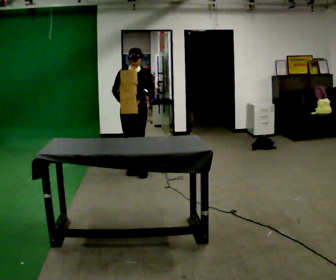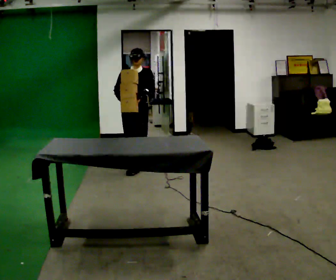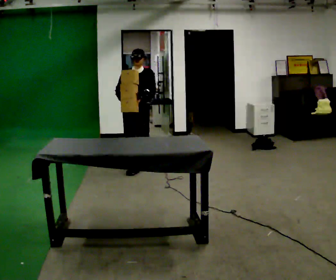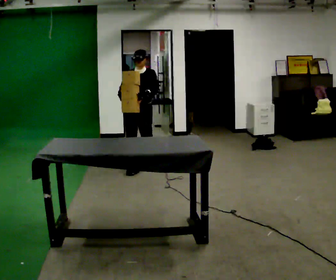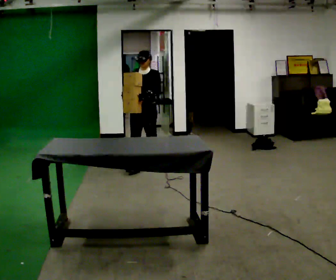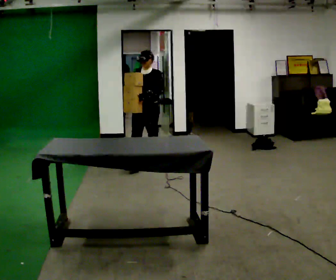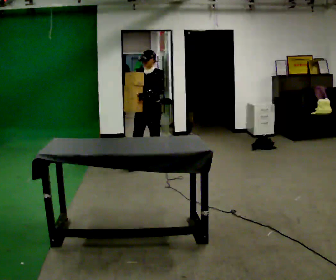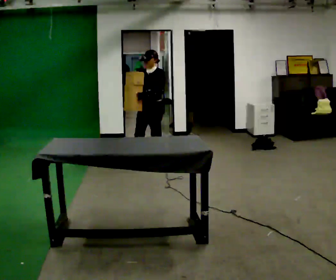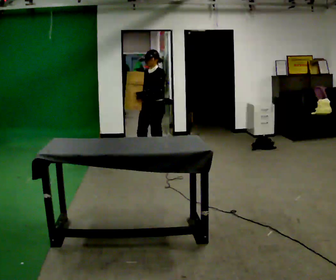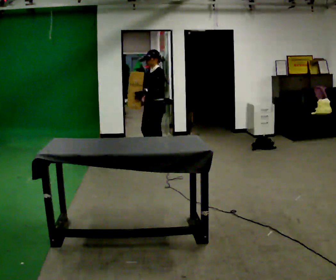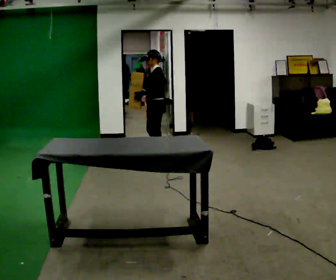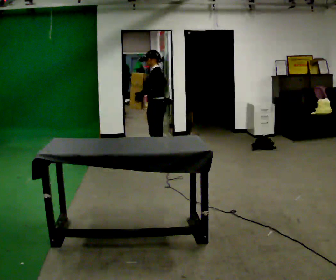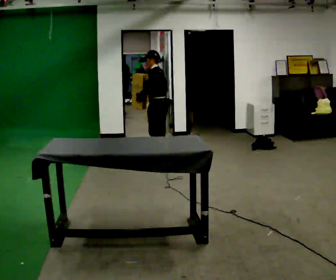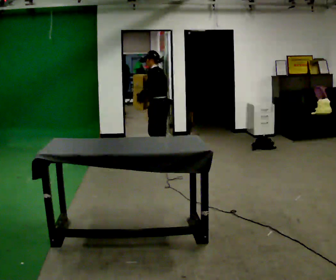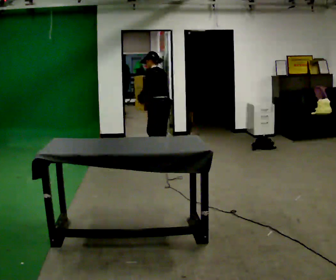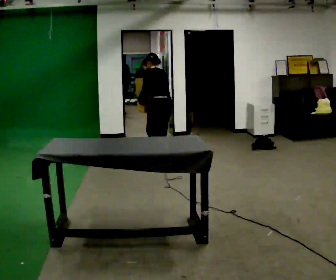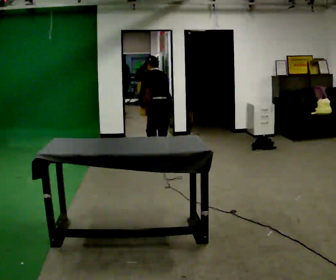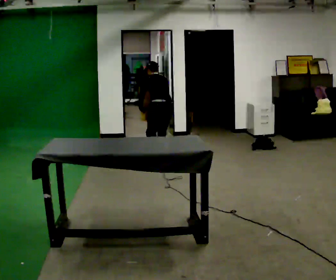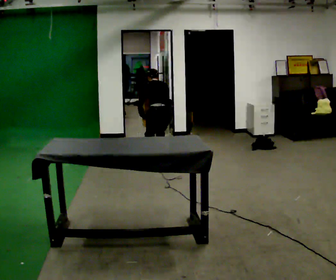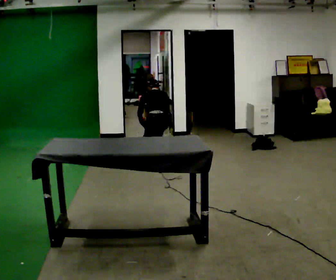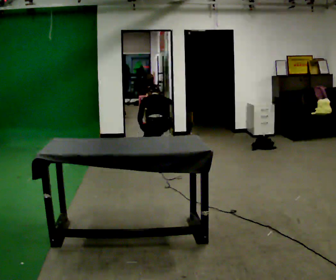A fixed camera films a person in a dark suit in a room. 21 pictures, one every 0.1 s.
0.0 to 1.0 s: The part of the body nearest the lens slides to the left as the person turns to their right by about 75 degrees. In the picture they go away from the camera and to the right, about 0.75 m in 1 step.
1.0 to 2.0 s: The person turns about 90 degrees to their right, clockwise seen from above, so the part of the body nearest the lens slides to the left. The upper body goes downward. The upper body tips away from the camera, its near side rolling upward, as they bend forward. In the picture their right hand goes downward and to the right, the arm swinging counterclockwise.
The film runs backward here.
